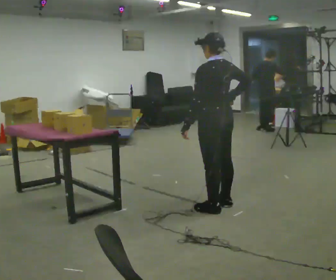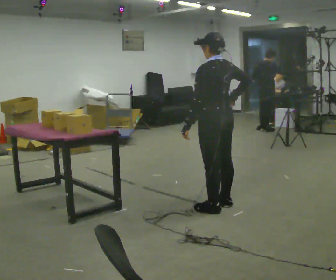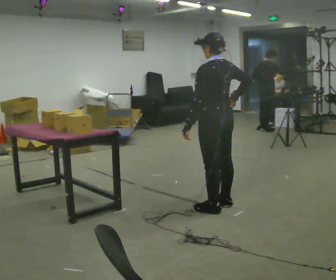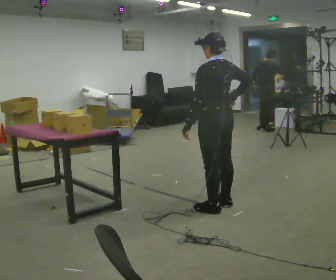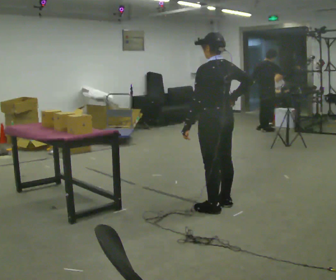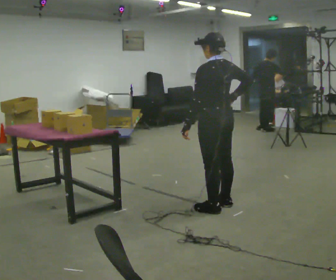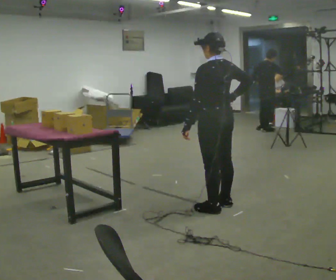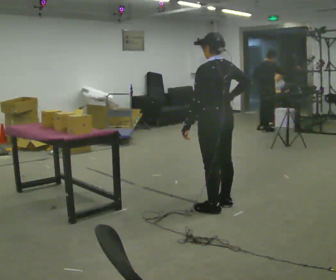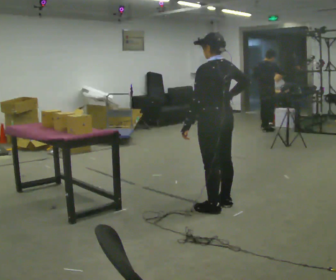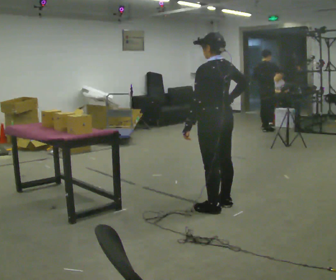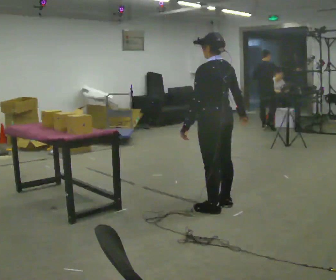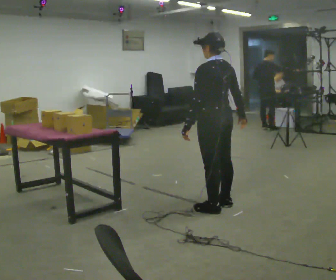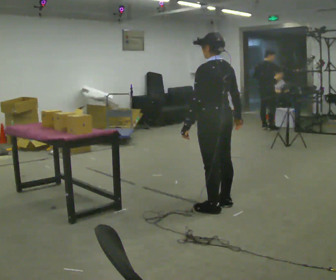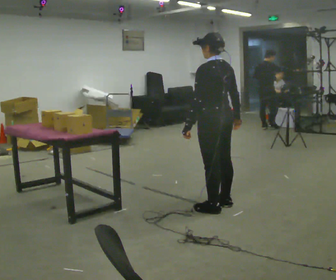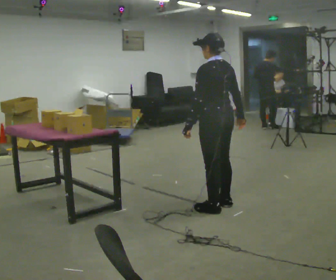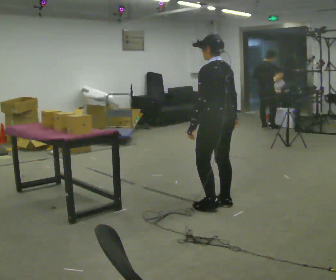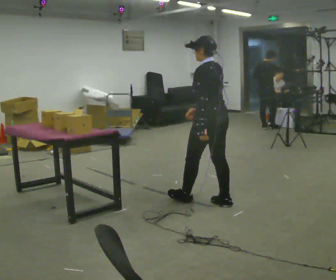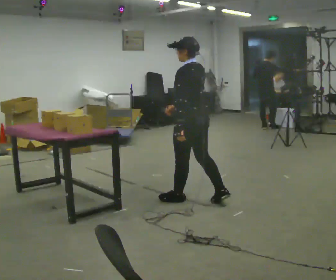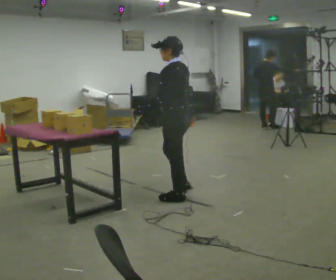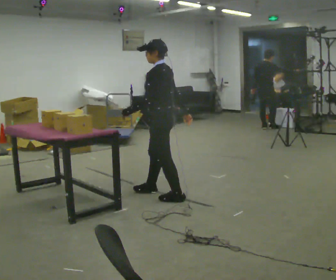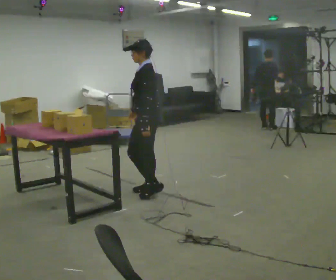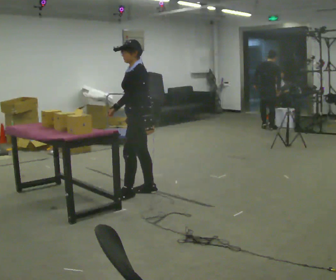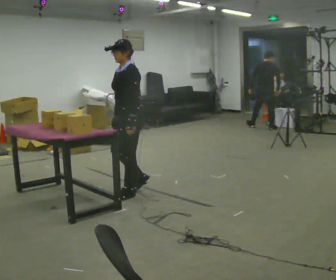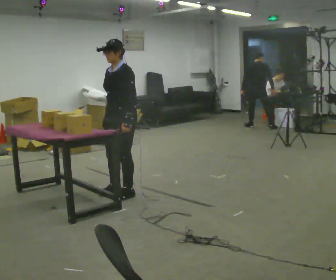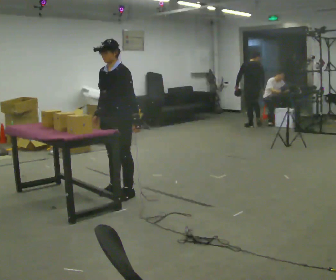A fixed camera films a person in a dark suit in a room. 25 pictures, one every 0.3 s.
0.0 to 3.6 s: The person moves a little, or ends about where they began.
3.6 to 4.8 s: In the picture their right hand goes to the left, the arm swinging clockwise.
4.8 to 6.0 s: Seen from above the body turns counterclockwise, about 45 degrees: to their left, with its near side sliding to the right. In the picture they go to the left and away from the camera, about 0.75 m in 2 steps, which for them is forward.
6.0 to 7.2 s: Seen from above the body turns counterclockwise, about 45 degrees: to their left, with its near side sliding to the right. In the picture they go to the left, about 0.25 m in 2 steps, which for them is forward.
The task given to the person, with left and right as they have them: The operator will name an object. Go and find it, bring it back, and hand it over. Then wait for the next one.
The film runs forward here.
